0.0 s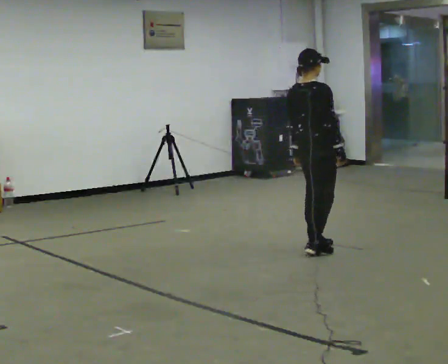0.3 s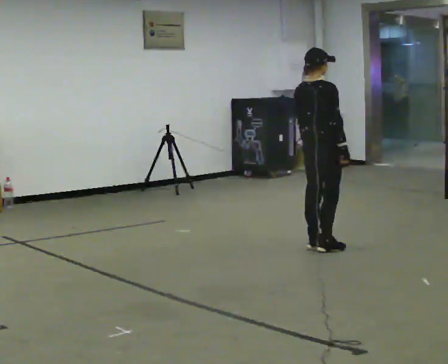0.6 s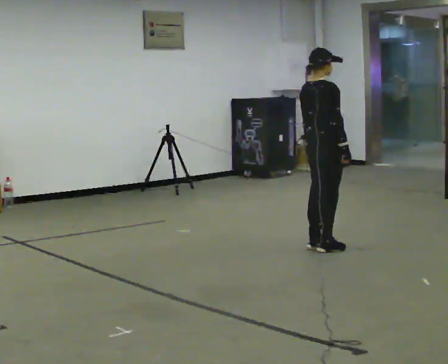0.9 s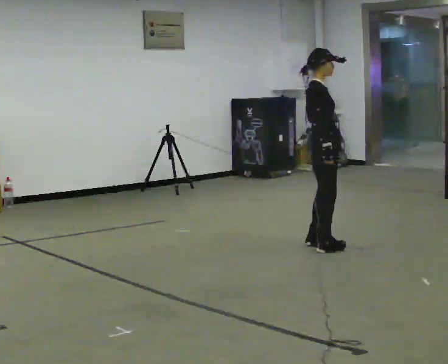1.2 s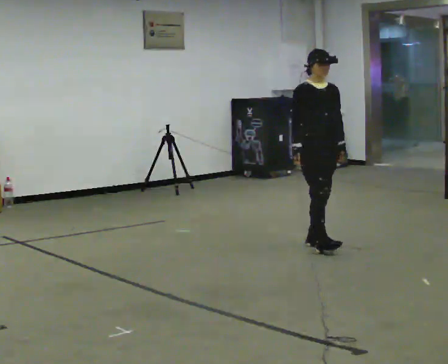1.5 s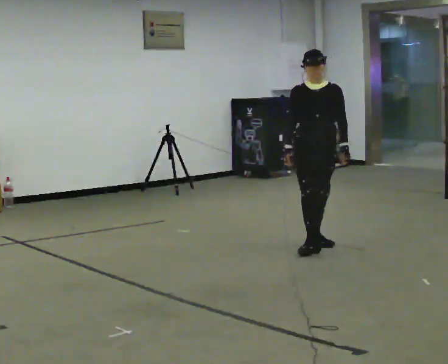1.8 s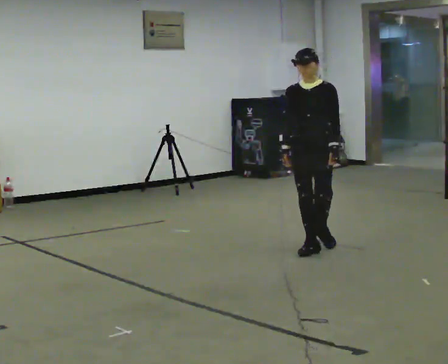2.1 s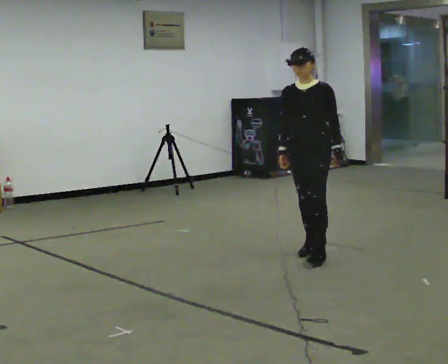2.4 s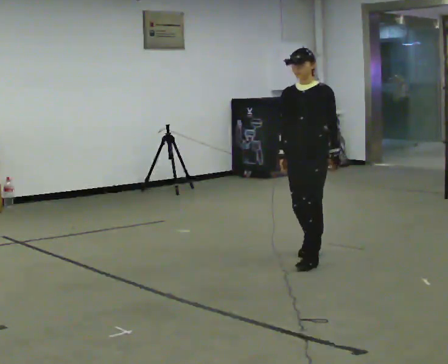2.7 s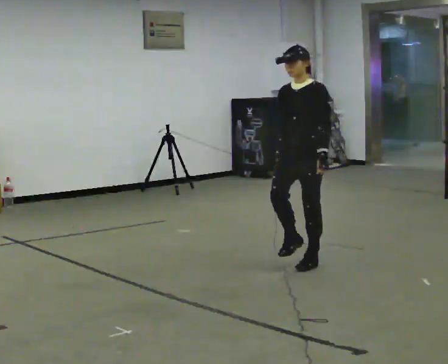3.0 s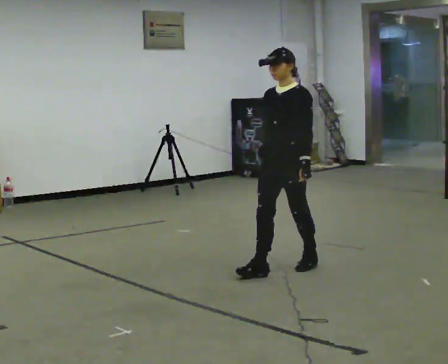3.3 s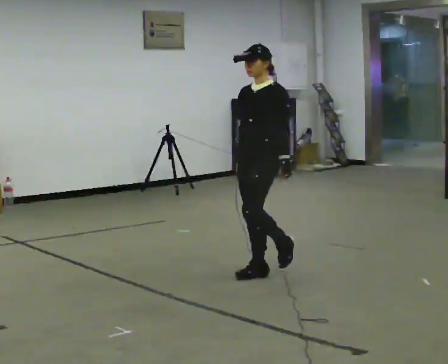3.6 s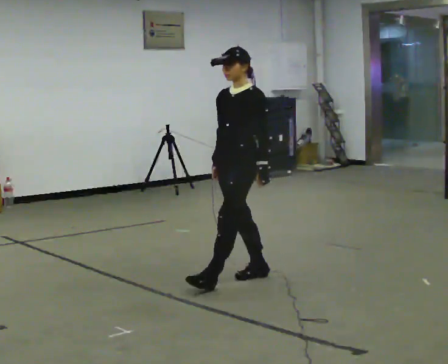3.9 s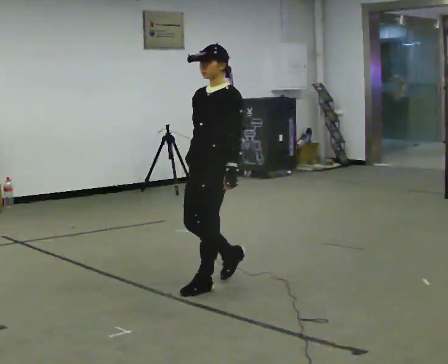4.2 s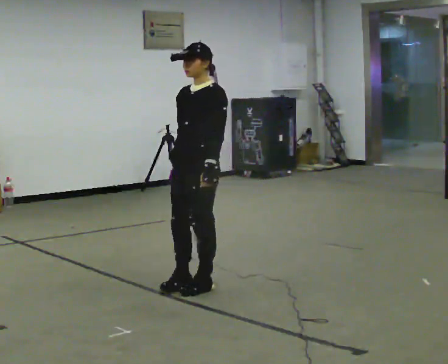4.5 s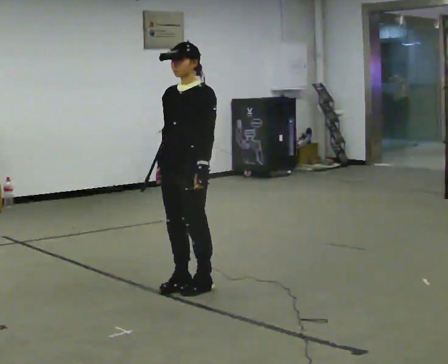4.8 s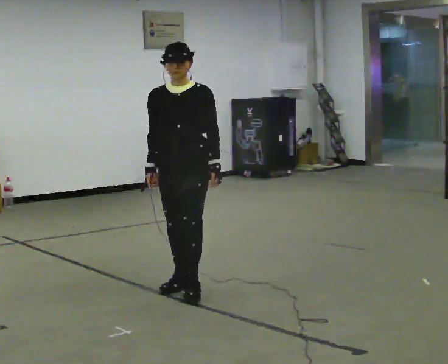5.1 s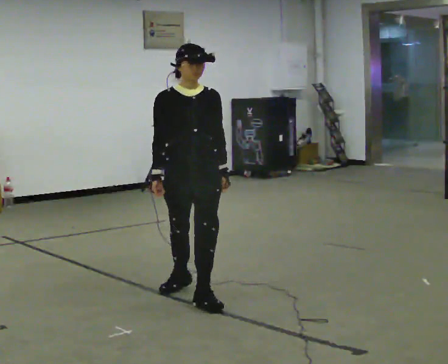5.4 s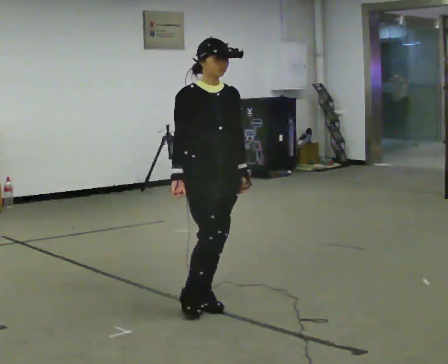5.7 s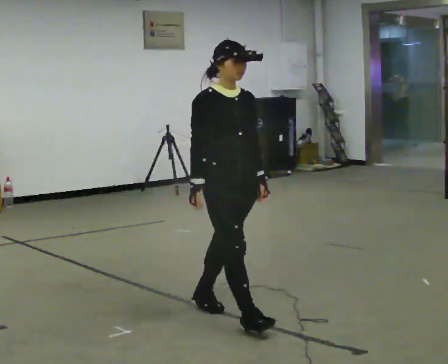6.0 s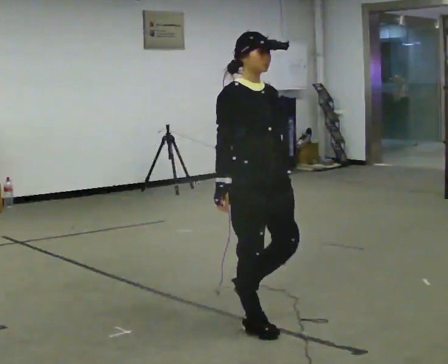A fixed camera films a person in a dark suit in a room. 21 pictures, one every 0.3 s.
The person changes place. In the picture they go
toward the camera.
0.0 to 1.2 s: The part of the body nearest the lens slides to the left as the person turns to their right by about 105 degrees. In the picture they go away from the camera, about 0.25 m in 2 steps. In the picture their right hand goes to the left, the arm swinging clockwise.
1.2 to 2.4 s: Seen from above the body turns clockwise, about 60 degrees: to their right, with its near side sliding to the left. In the picture they go toward the camera, about 0.5 m in 1 step.
2.4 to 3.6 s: In the picture they go toward the camera and to the left, about 0.5 m in 1 step, which for them is forward.
3.6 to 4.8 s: The person turns about 45 degrees to their left, counterclockwise seen from above, so the part of the body nearest the lens slides to the right. In the picture they go to the left and toward the camera, about 0.5 m in 2 steps, which for them is forward.
4.8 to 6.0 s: The part of the body nearest the lens slides to the right as the person turns to their left by about 60 degrees. In the picture they go toward the camera and to the right, about 1 m in 2 steps, which for them is forward.
The film runs forward here.
